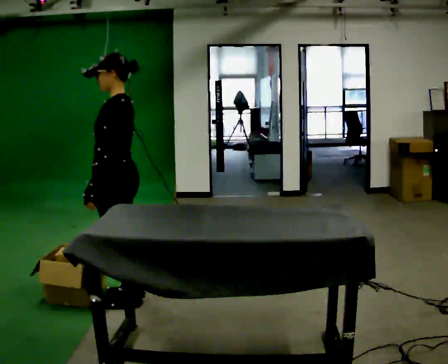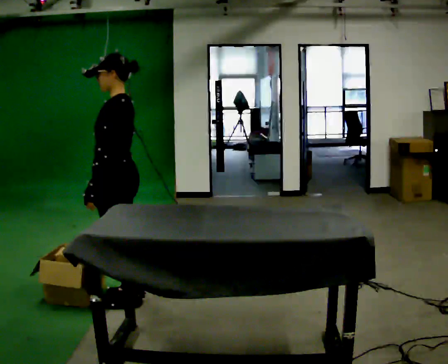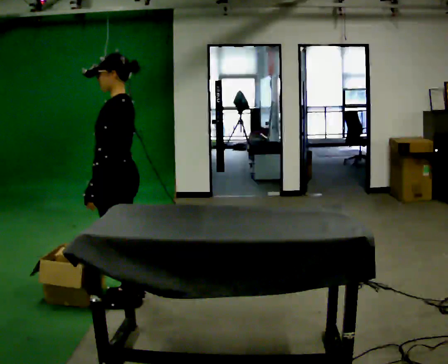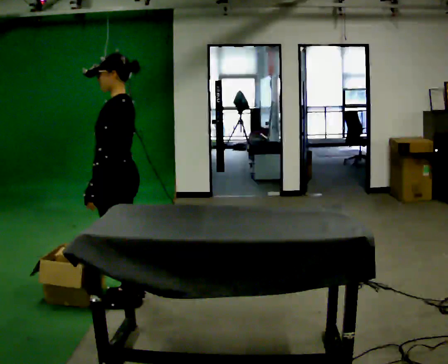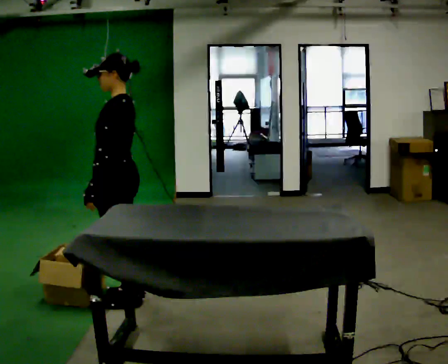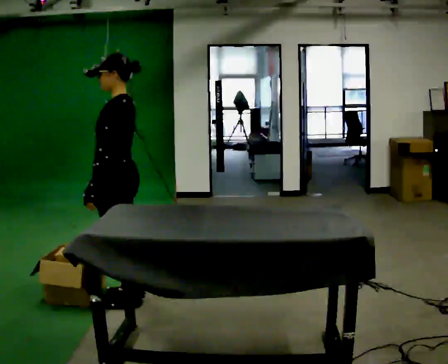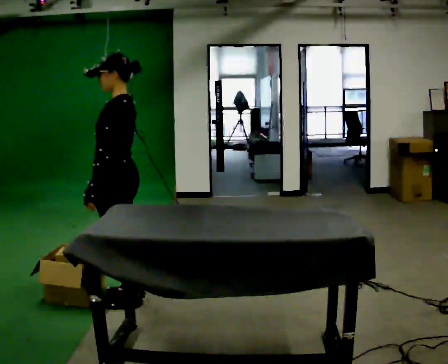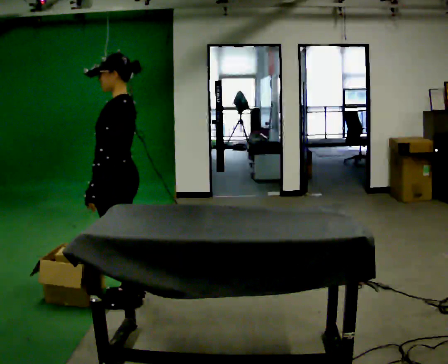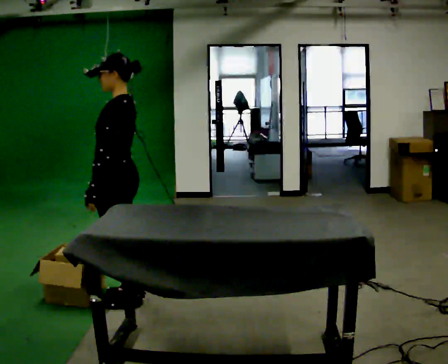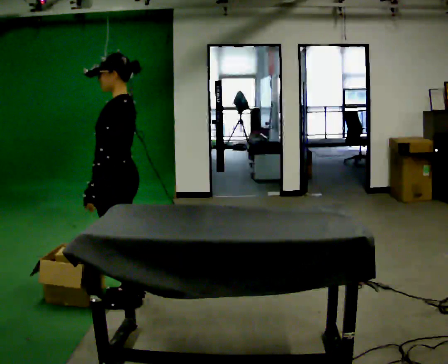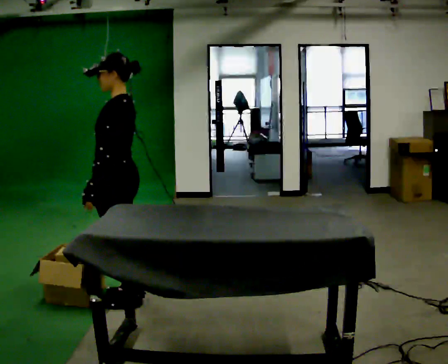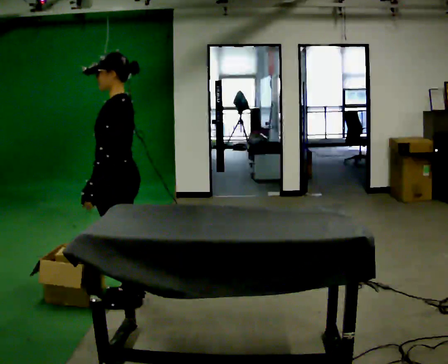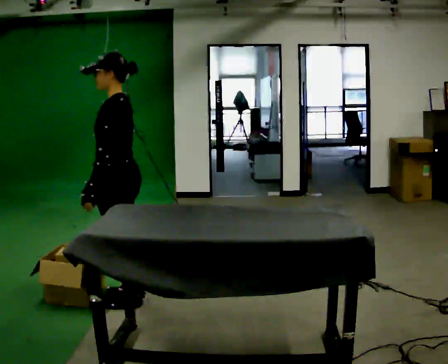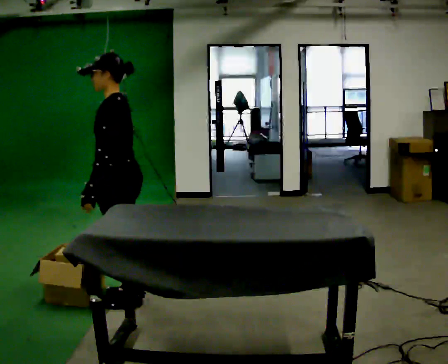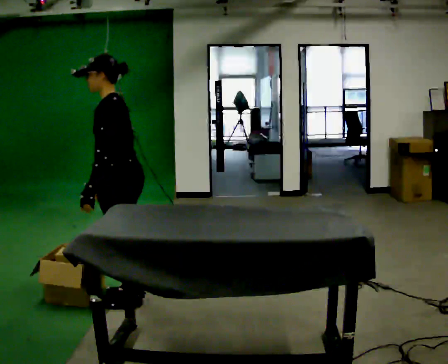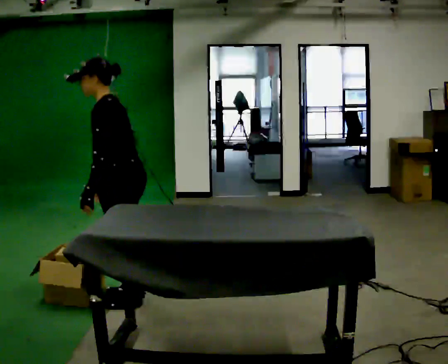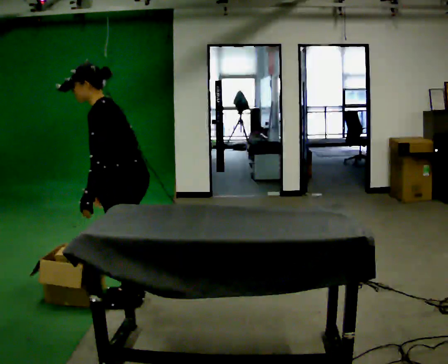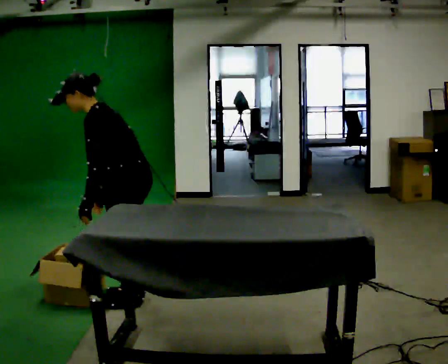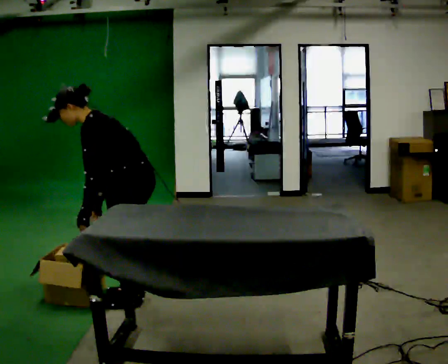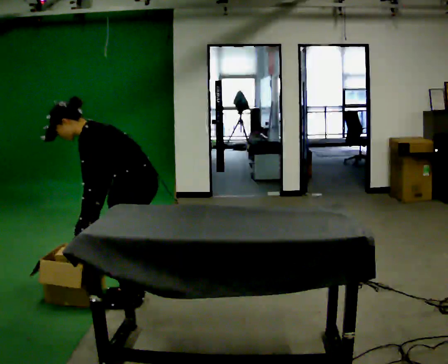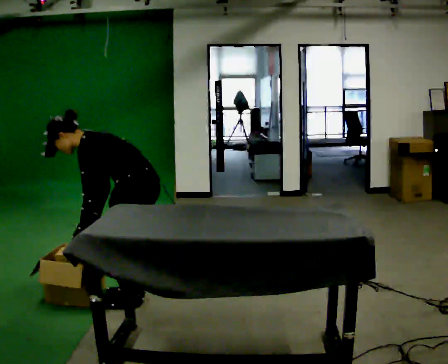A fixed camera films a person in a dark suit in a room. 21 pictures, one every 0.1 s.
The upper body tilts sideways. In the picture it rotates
counterclockwise.
0.0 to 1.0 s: The person moves a little, or ends about where they began.
1.0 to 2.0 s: The upper body goes downward. In the picture the upper body tilts counterclockwise, shoulders to the left, as they bend forward.
The film runs backward here.
